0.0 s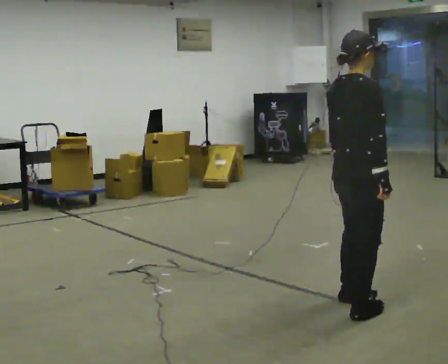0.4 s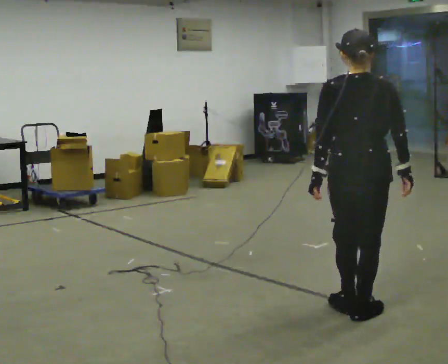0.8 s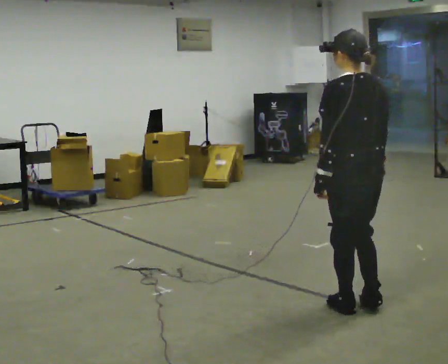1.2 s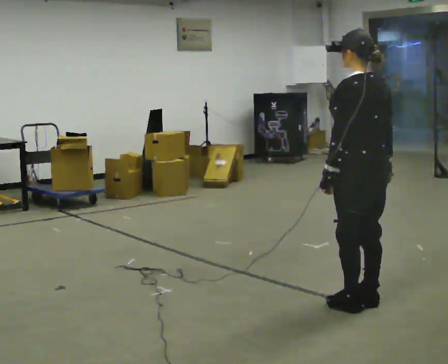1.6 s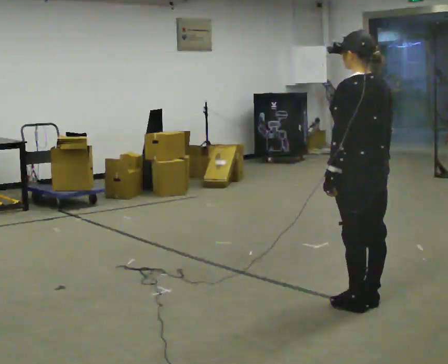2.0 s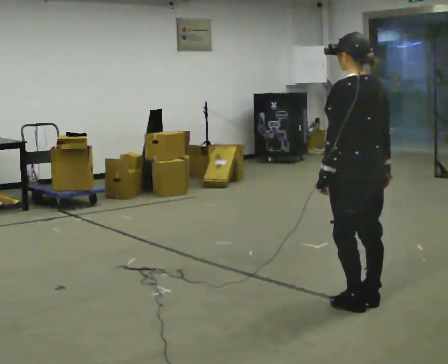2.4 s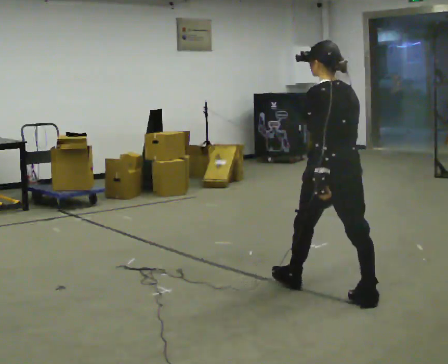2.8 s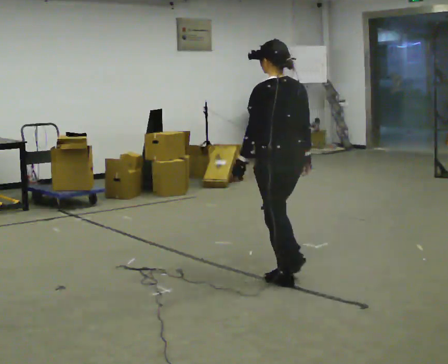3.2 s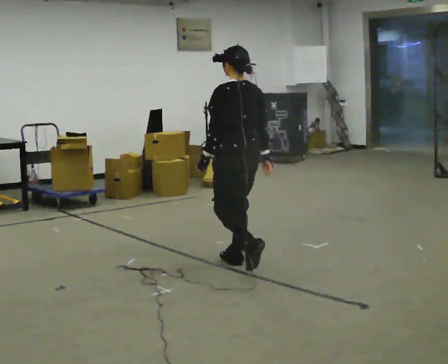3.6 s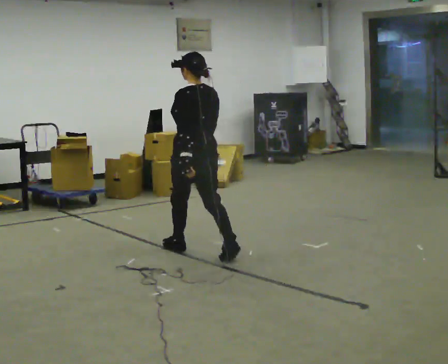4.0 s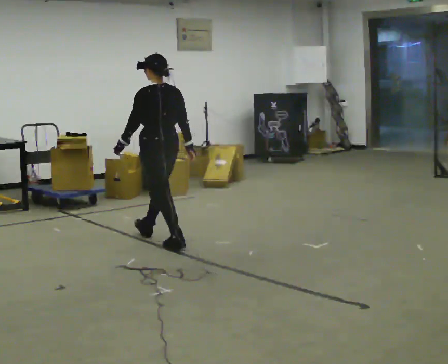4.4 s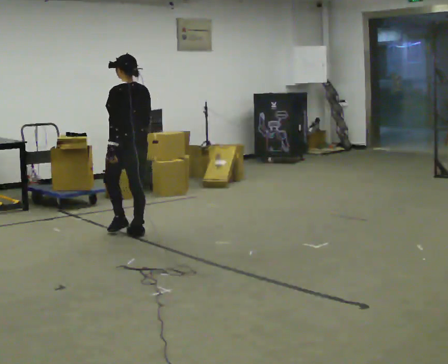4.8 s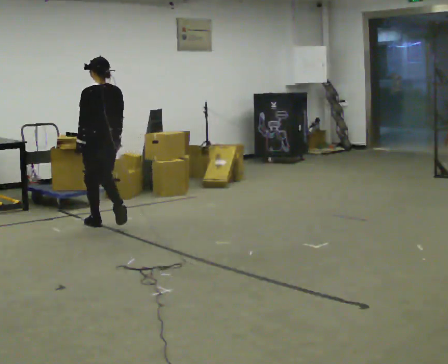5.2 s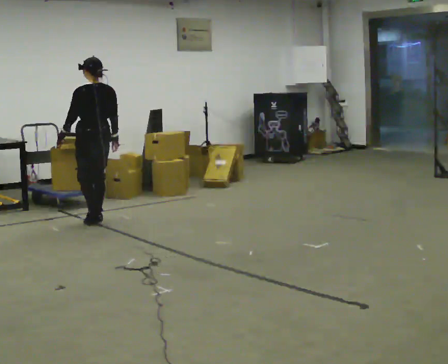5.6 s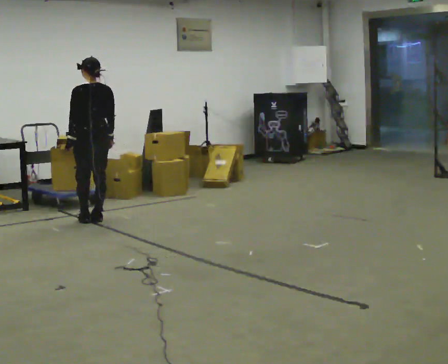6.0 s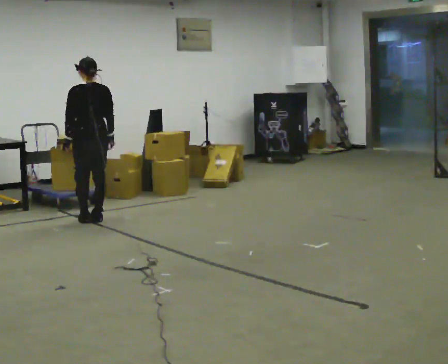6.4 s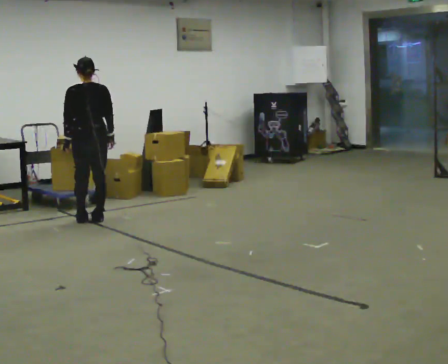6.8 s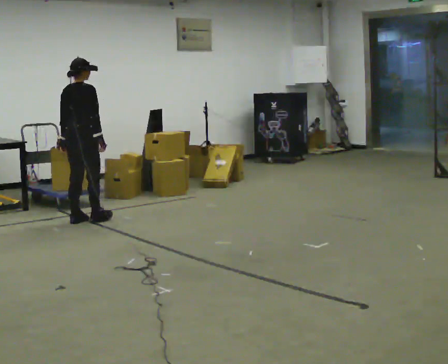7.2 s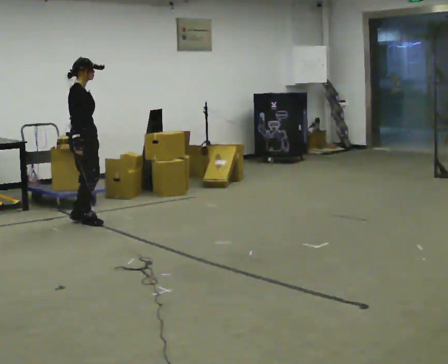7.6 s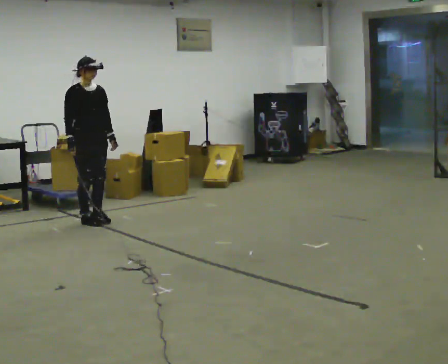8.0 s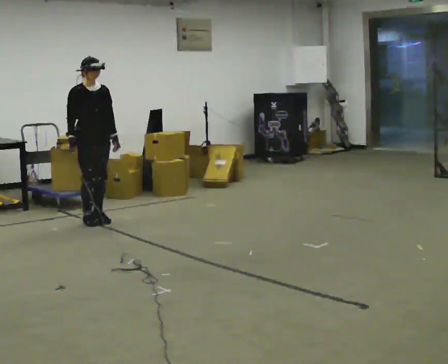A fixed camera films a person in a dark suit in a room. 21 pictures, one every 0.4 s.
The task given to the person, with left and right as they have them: Walk quickly but do not run; remain comfortable and controlled; stop.
0.0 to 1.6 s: Seen from above the body turns counterclockwise, about 105 degrees: to their left, with its near side sliding to the right.
1.6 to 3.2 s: In the picture they go away from the camera and to the left, about 1 m in 2 steps, which for them is forward.
3.2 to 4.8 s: In the picture they go away from the camera and to the left, about 1.5 m in 3 steps, which for them is forward.
4.8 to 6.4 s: In the picture they go away from the camera, about 0.25 m in 2 steps, which for them is forward.
6.4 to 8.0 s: The person turns about 165 degrees to their right, clockwise seen from above, so the part of the body nearest the lens slides to the left. In the picture their right hand goes to the left.
The film runs forward here.
